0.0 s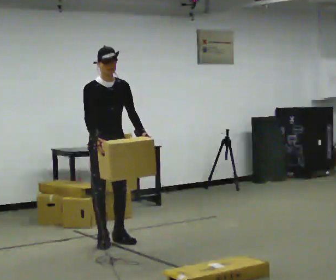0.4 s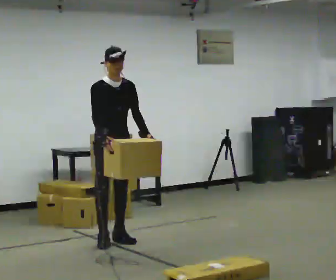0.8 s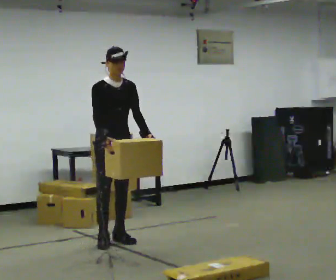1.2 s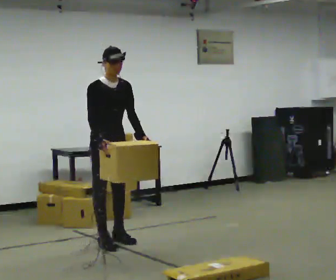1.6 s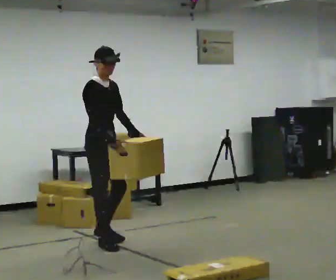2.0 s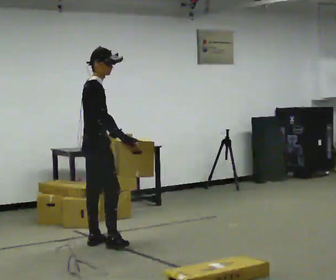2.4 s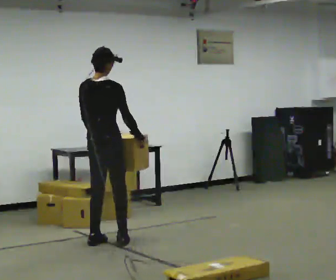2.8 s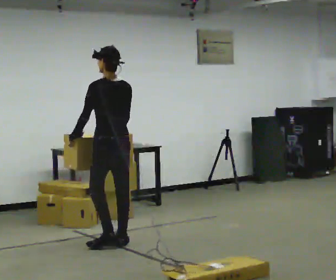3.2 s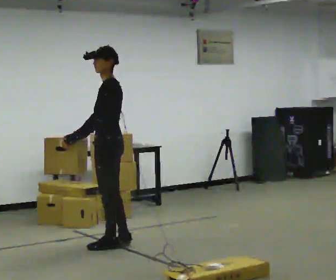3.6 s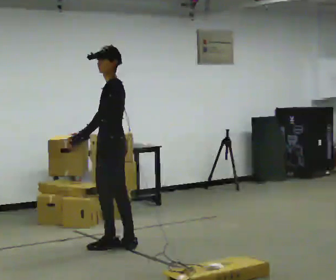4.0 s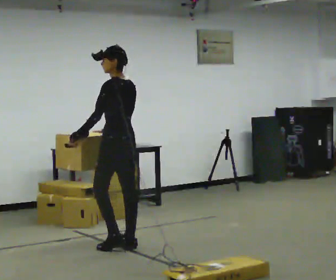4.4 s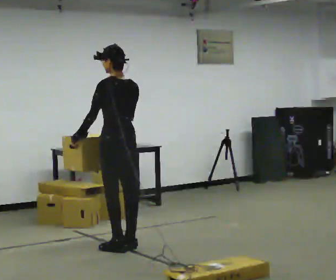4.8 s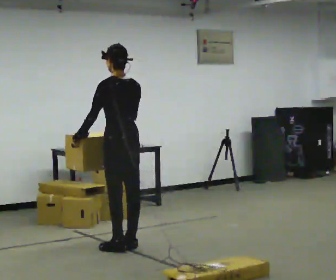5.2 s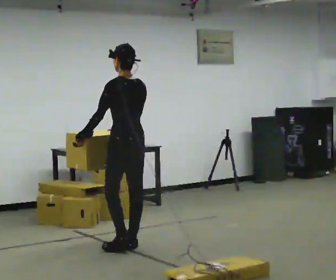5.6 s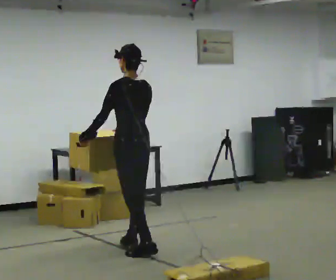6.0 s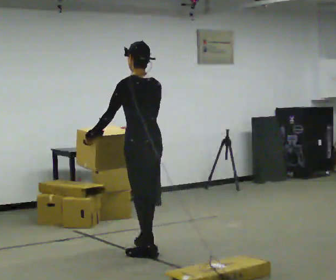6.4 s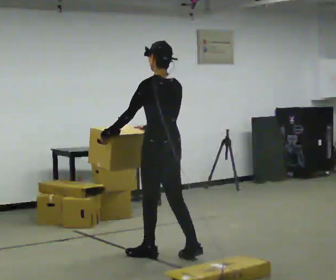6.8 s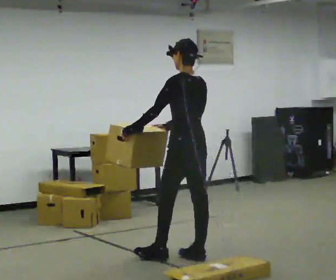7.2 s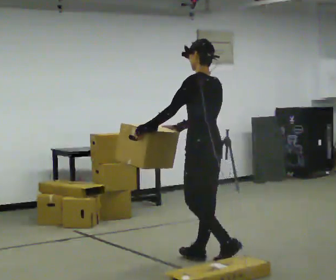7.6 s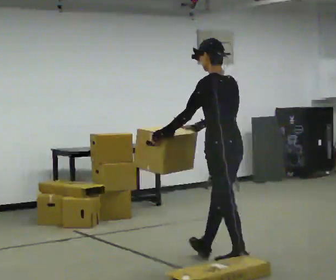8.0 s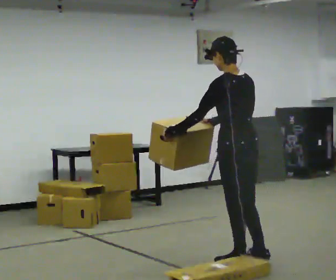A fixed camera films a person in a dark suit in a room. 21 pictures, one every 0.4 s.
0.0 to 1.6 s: The part of the body nearest the lens slides to the right as the person turns to their left by about 30 degrees.
1.6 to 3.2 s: Seen from above the body turns counterclockwise, about 195 degrees: to their left, with its near side sliding to the right. In the picture they go to the right, about 0.25 m in 3 steps. In the picture their left hand goes to the left, the arm swinging clockwise.
3.2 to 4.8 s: The part of the body nearest the lens slides to the left as the person turns to their right by about 45 degrees.
4.8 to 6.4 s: In the picture they go toward the camera and to the right, about 0.5 m in 2 steps, which for them is backward.
6.4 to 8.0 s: In the picture they go to the right and toward the camera, about 0.75 m in 2 steps, which for them is backward.
The film runs backward here.
